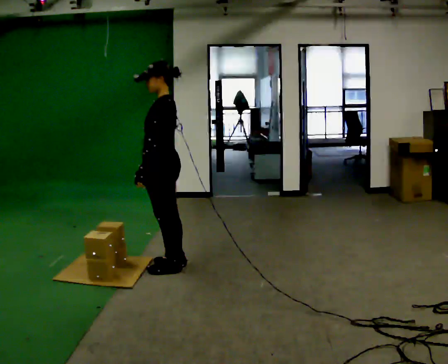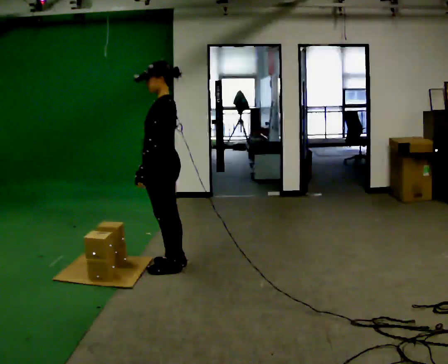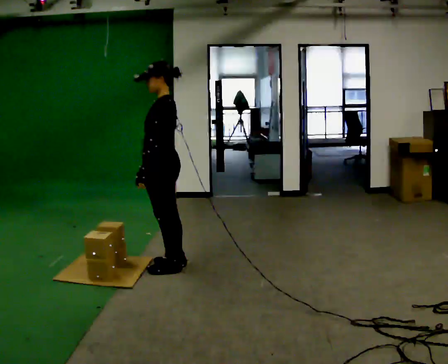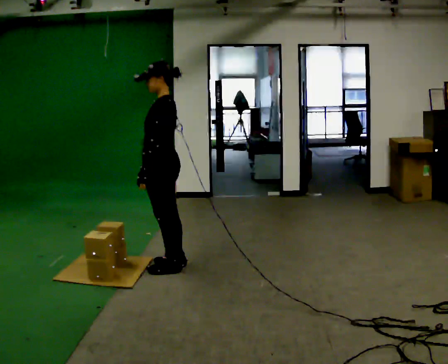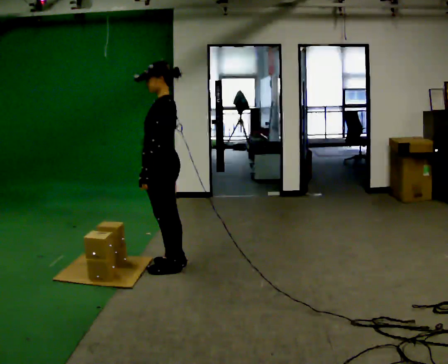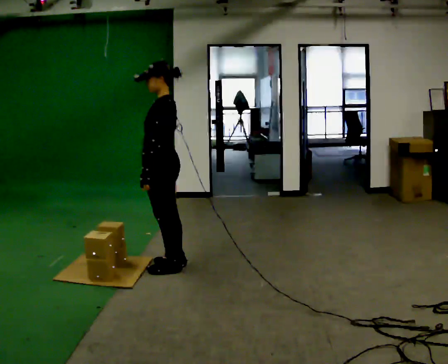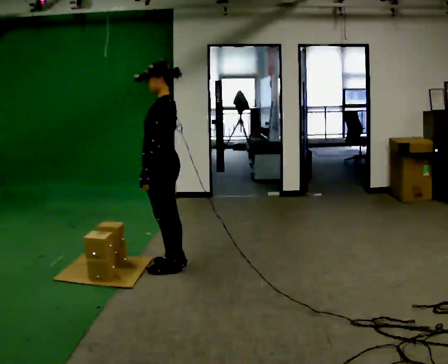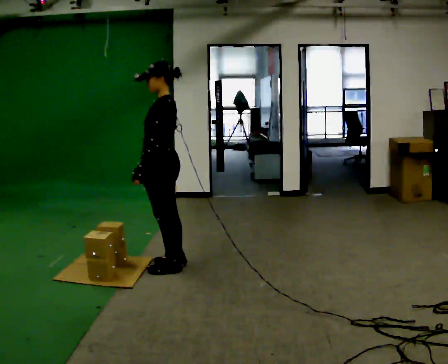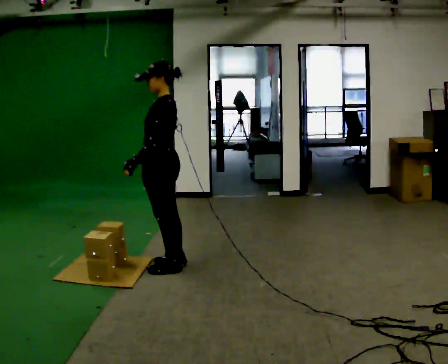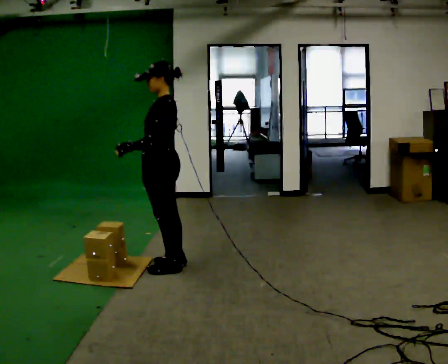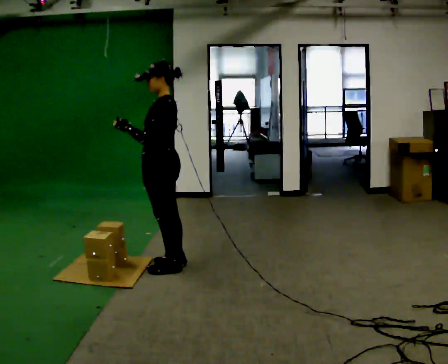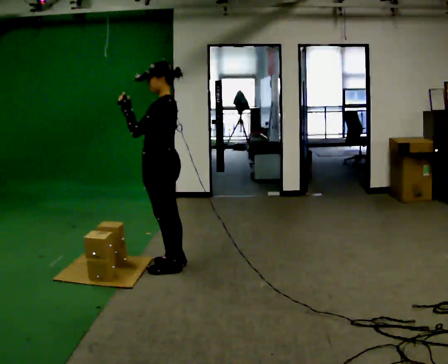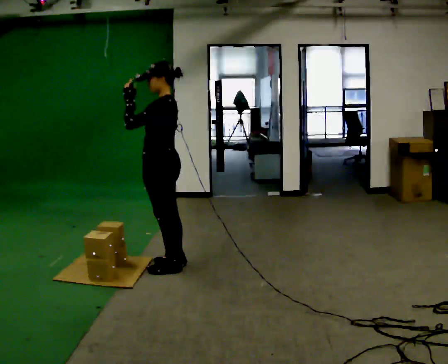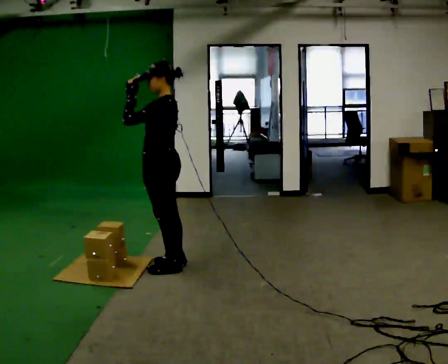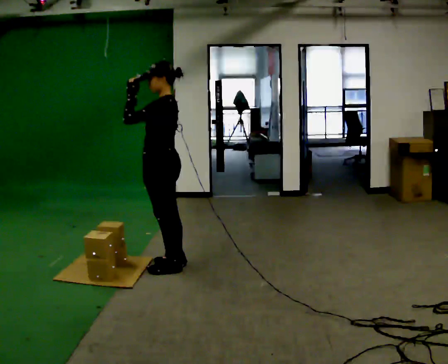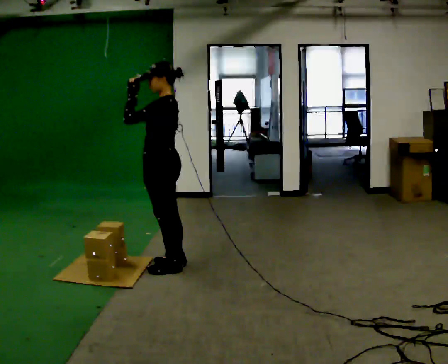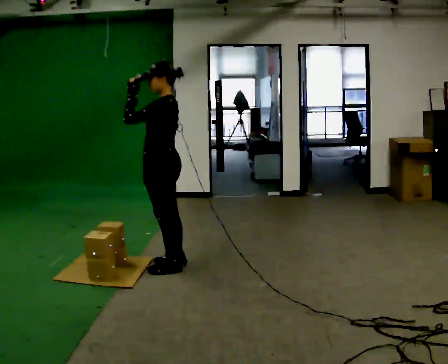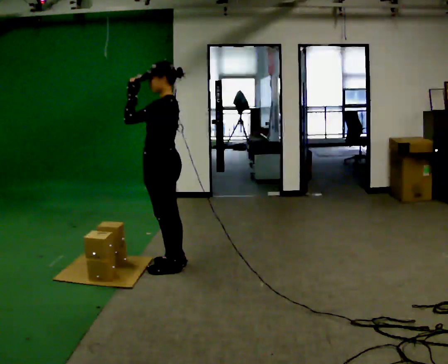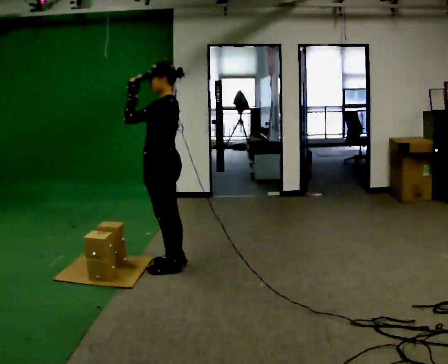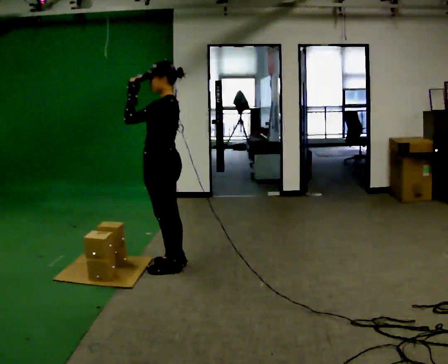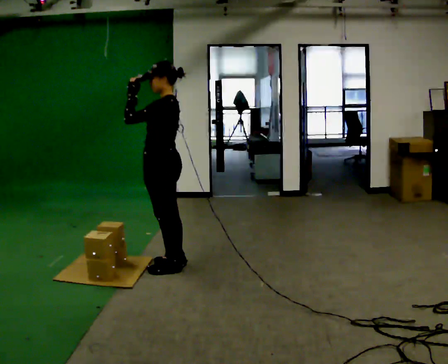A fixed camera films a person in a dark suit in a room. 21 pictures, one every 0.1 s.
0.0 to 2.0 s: In the picture their left hand goes upward.
The film runs backward here.
